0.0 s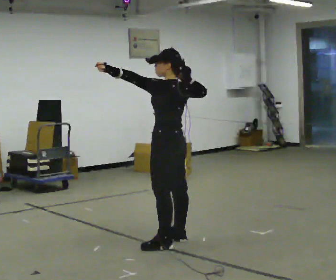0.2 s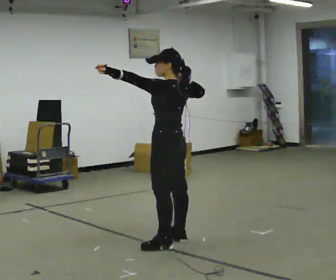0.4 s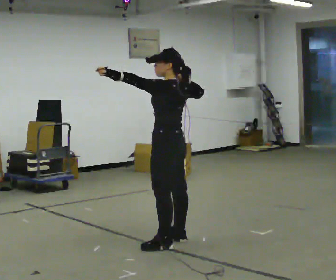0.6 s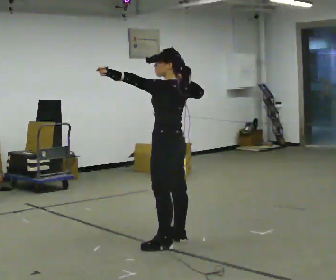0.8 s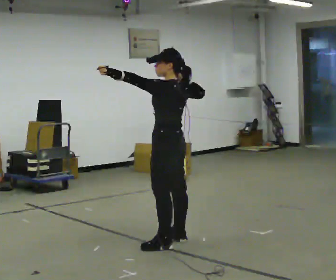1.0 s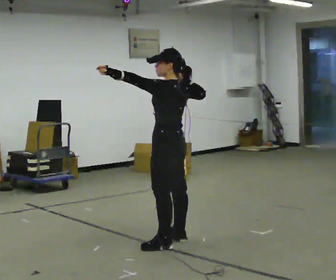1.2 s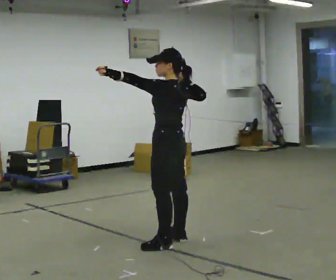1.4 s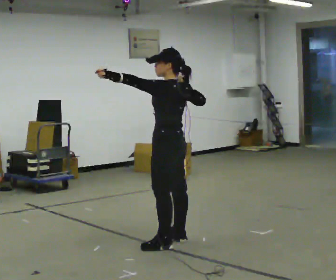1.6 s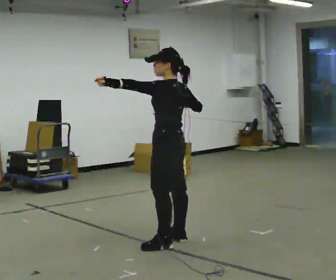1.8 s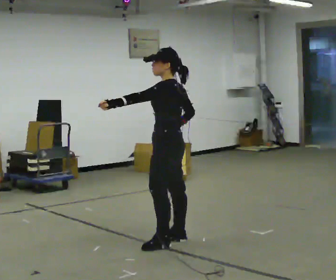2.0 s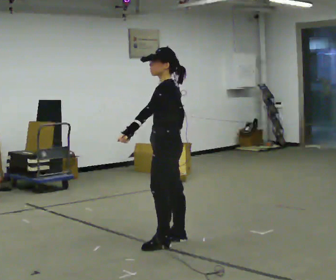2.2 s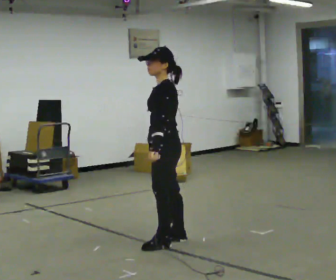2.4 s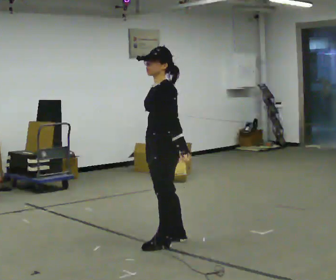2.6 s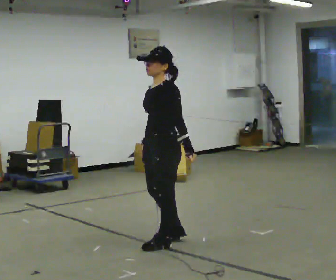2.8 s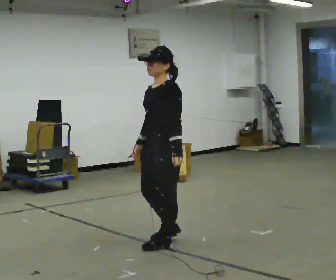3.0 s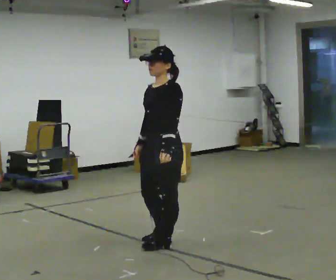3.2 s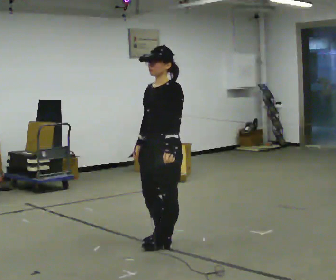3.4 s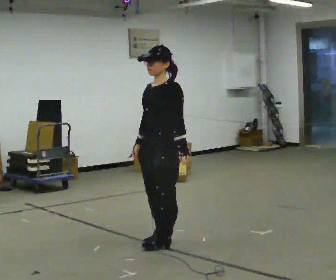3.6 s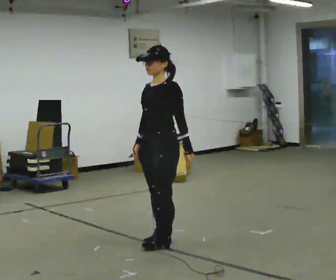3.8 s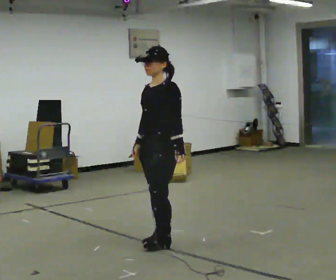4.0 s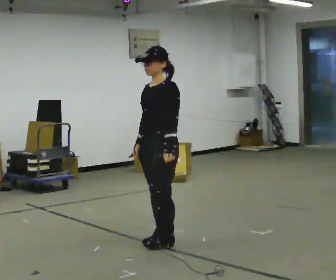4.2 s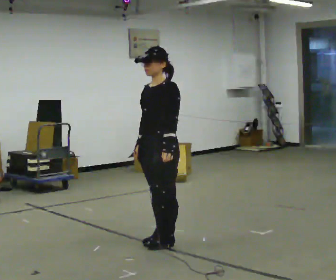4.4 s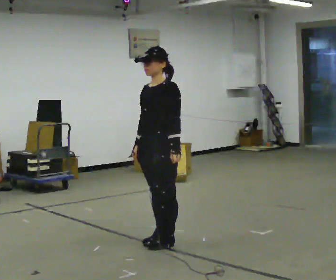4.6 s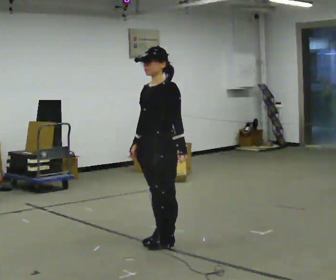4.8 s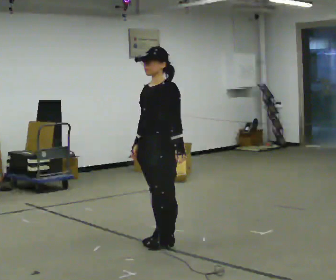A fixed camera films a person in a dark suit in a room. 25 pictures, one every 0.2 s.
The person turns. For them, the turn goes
to their left.
Their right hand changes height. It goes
downward.
0.0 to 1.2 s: The person moves a little, or ends about where they began.
1.2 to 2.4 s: The part of the body nearest the lens slides to the right as the person turns to their left by about 45 degrees. In the picture their left hand goes downward and to the right, the arm swinging counterclockwise.
2.4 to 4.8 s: The person moves a little, or ends about where they began.
The film runs forward here.
